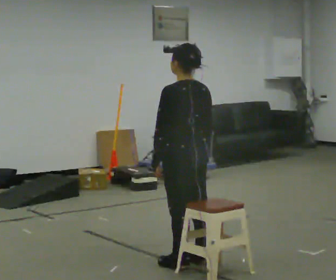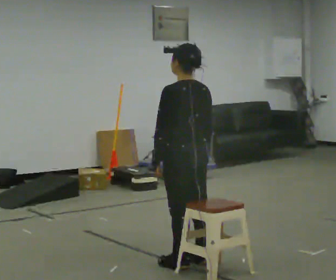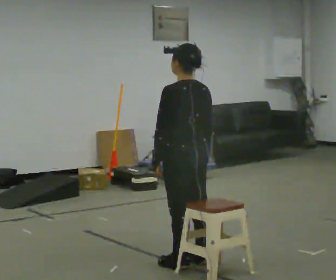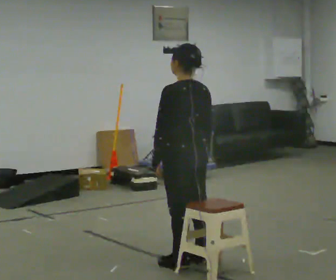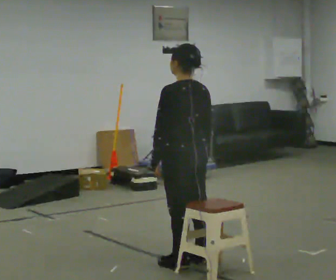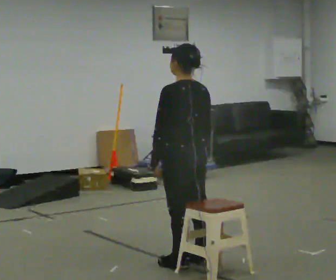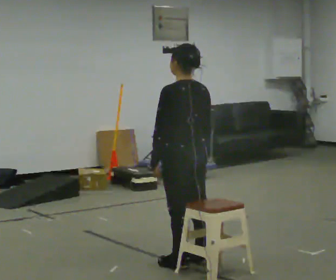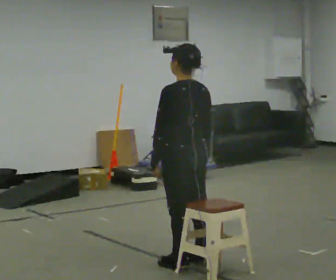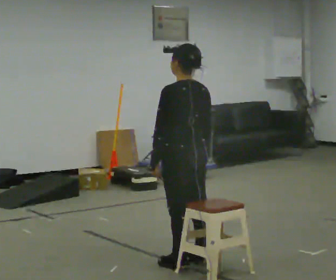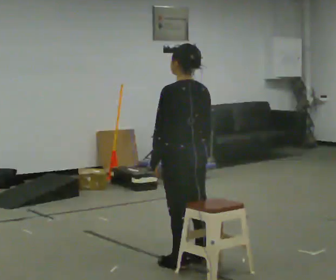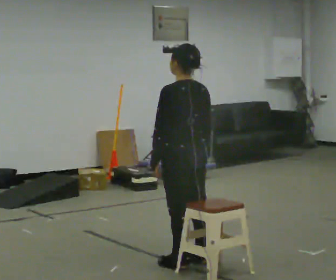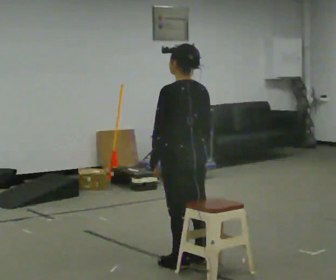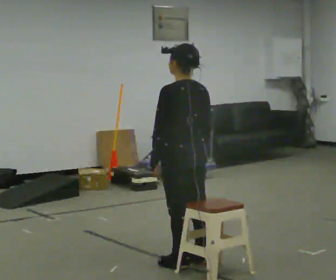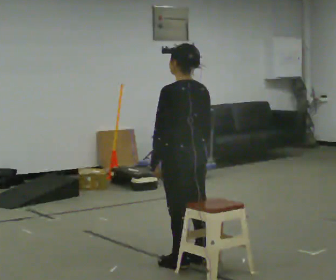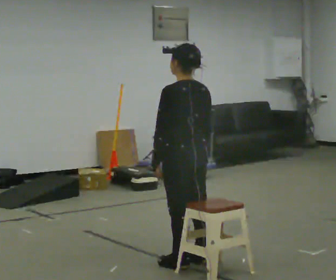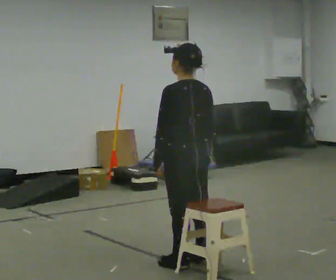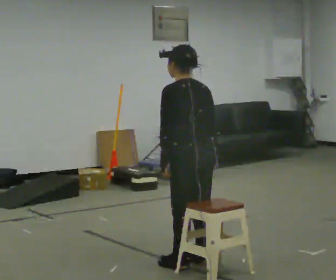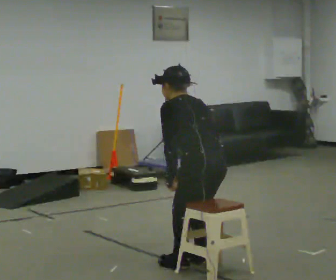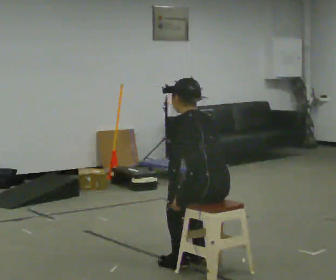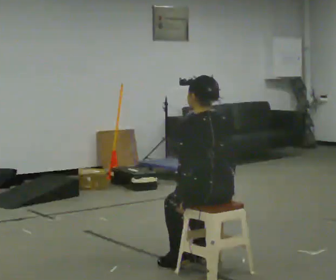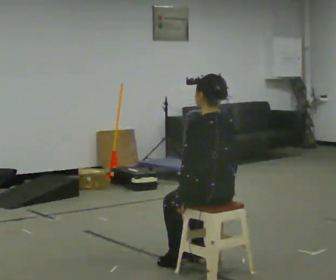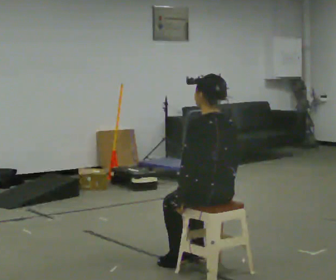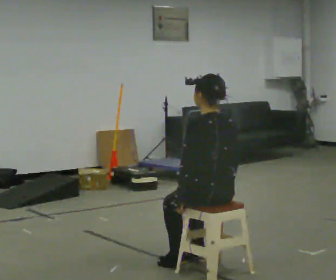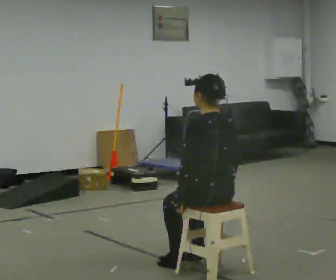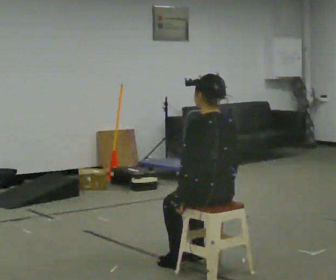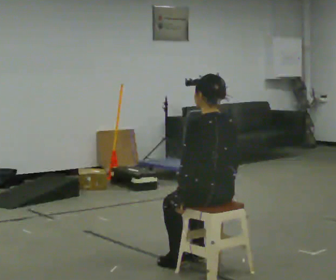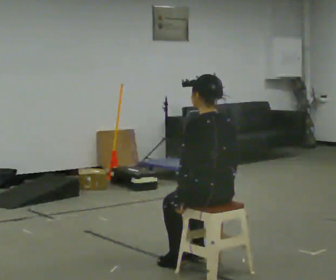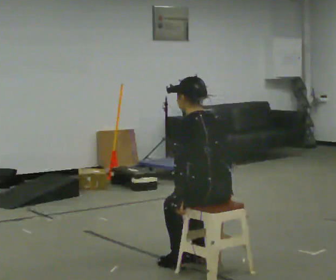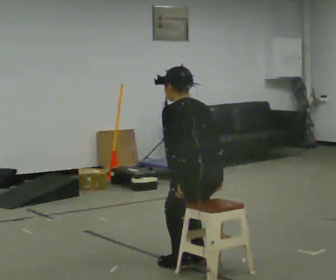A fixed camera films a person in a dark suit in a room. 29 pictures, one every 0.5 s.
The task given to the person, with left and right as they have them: Sit on the chair, stand up, then sit back down. Repeat the movement at your own pace until the operator says stop; do not rush.
0.0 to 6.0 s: The person keeps their place and pose.
6.0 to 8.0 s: The person moves a little, or ends about where they began.
8.0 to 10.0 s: In the picture they go toward the camera, about 0.25 m, which for them is backward. The shoulders move downward.
10.0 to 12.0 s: The person keeps their place and pose.
12.0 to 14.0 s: The upper body tips away from the camera, its near side rolling upward, as they bend forward.
The film runs forward here.
